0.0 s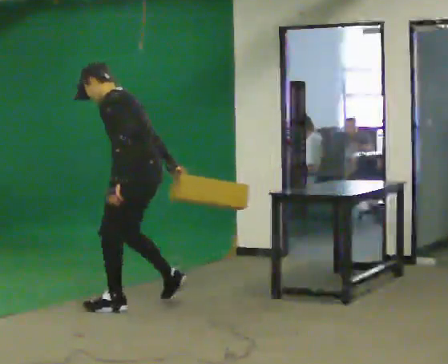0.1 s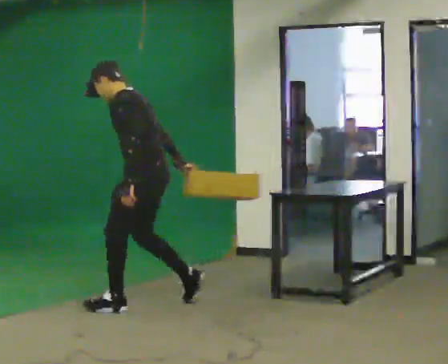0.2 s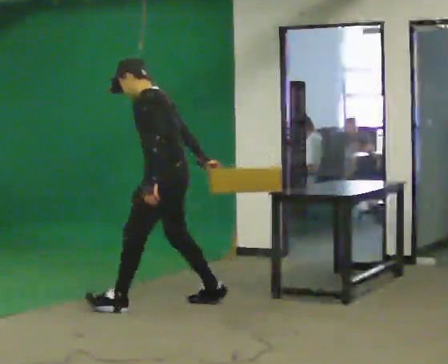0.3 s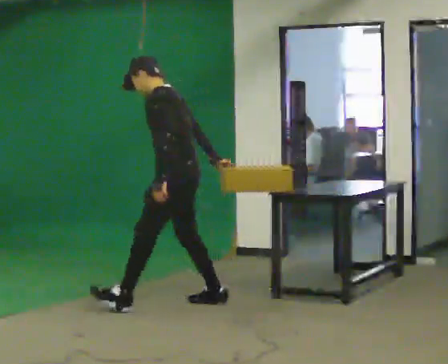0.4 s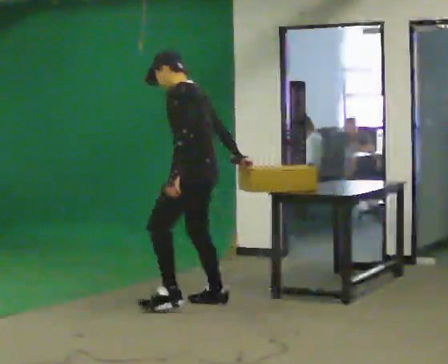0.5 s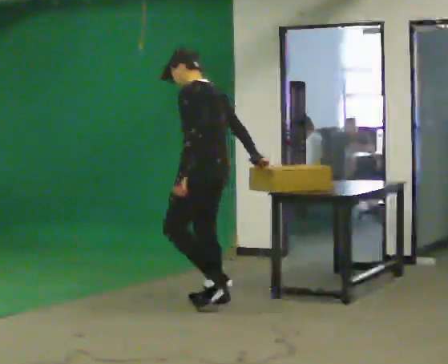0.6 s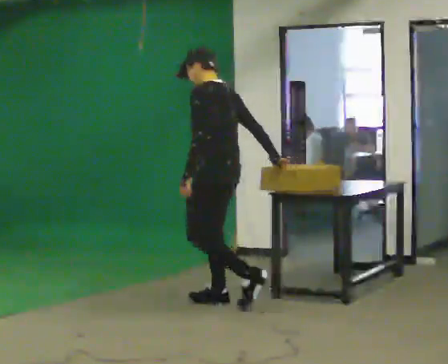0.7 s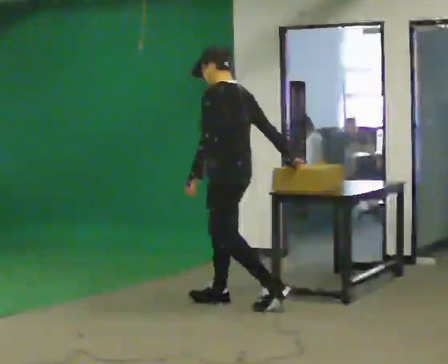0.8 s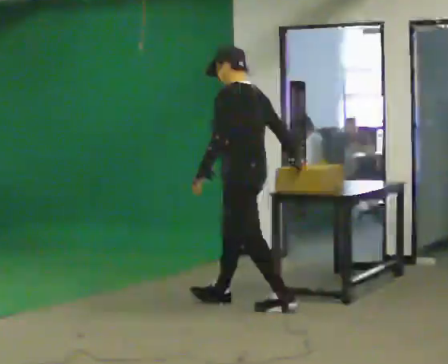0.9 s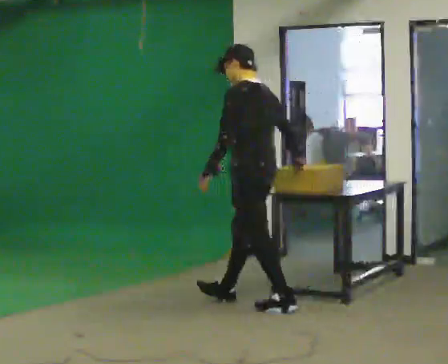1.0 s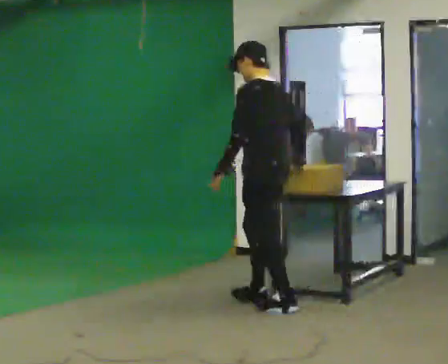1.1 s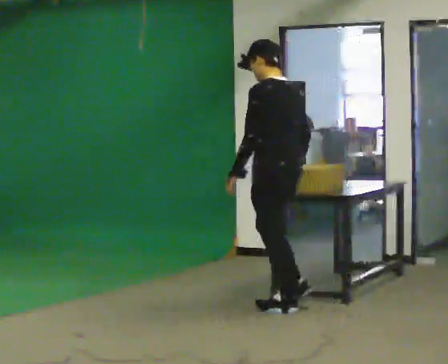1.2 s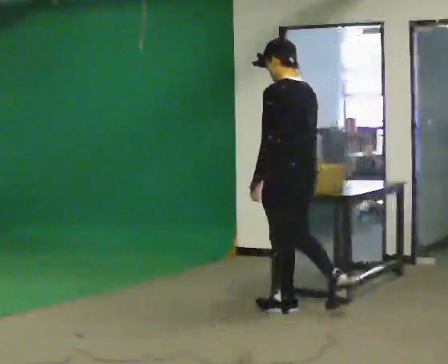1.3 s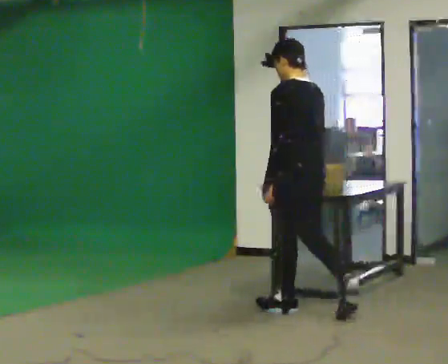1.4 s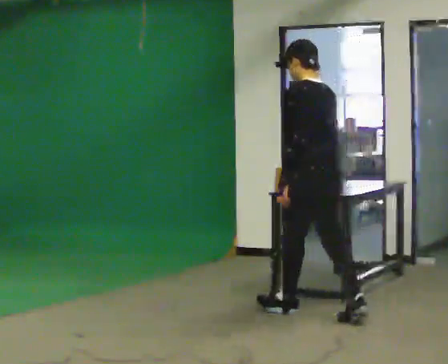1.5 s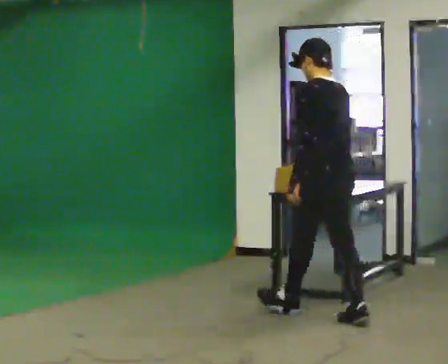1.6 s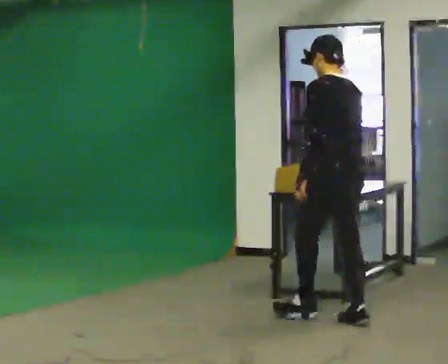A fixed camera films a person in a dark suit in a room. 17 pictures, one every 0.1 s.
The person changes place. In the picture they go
to the right.
The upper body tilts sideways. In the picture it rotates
clockwise.
0.0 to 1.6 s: The part of the body nearest the lens slides to the left as the person turns to their right by about 30 degrees. In the picture they go to the right, about 1.5 m in 3 steps, which for them is backward. In the picture the upper body tilts clockwise, shoulders to the right, as they lean back or straighten.
The film runs backward here.
